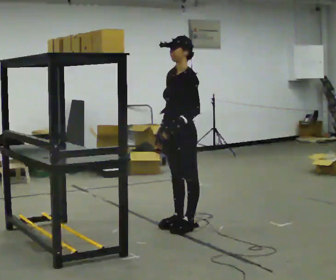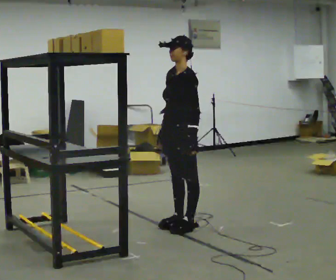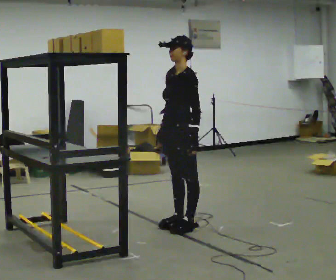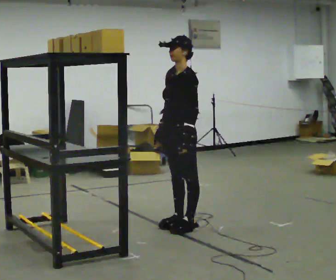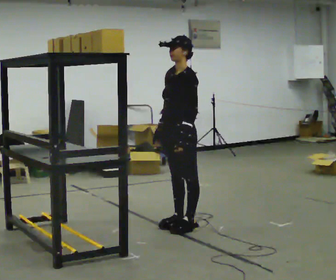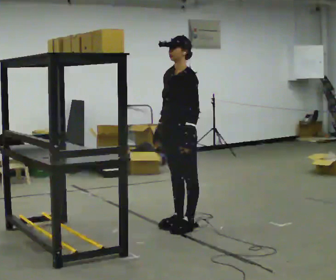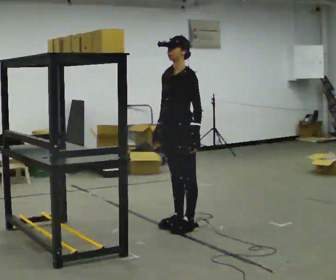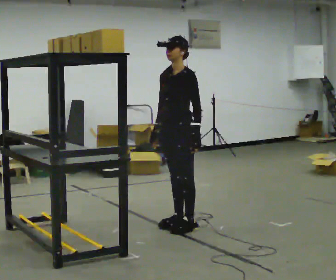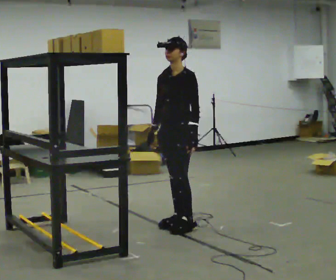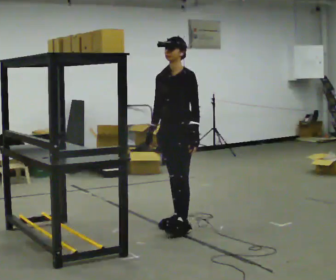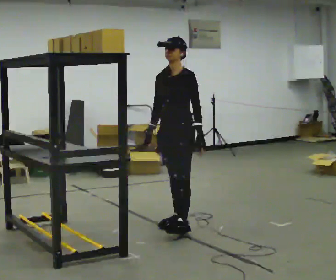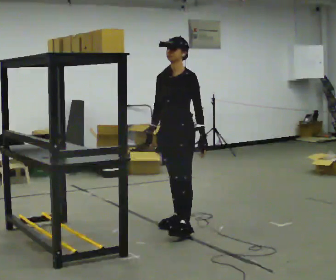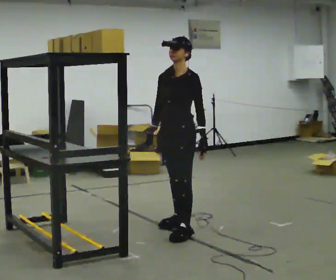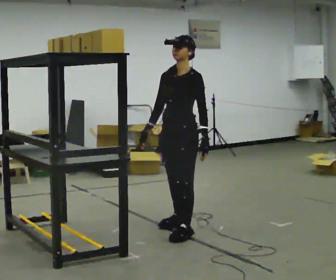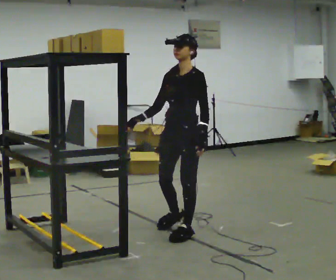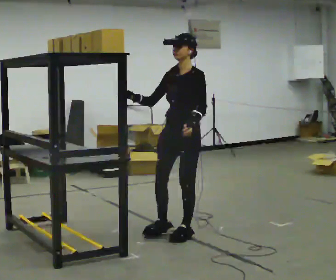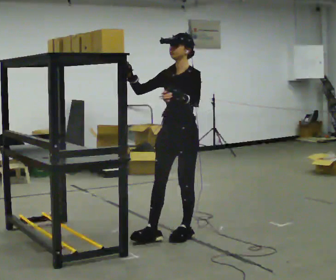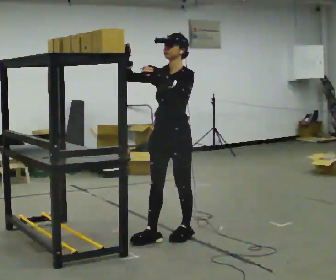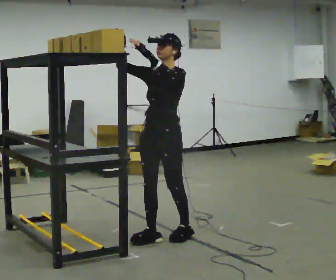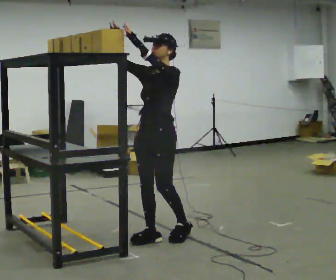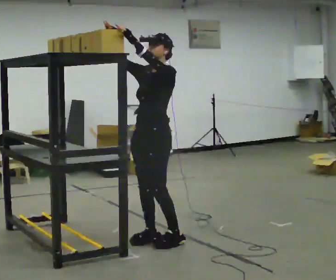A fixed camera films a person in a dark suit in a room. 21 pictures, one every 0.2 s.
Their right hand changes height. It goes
upward.
Their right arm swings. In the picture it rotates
clockwise.
0.0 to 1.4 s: The person moves a little, or ends about where they began.
1.4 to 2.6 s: In the picture they go toward the camera, about 0.25 m in 1 step, which for them is to their left and forward.
2.6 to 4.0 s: In the picture they go toward the camera and to the left, about 0.25 m in 1 step, which for them is forward. In the picture their left hand goes upward.
The film runs forward here.
